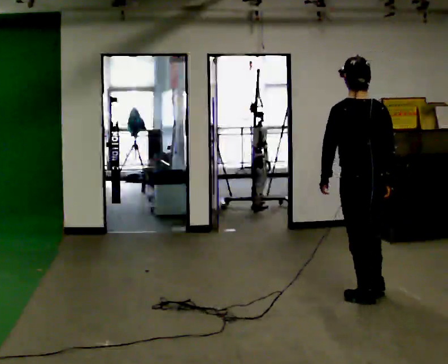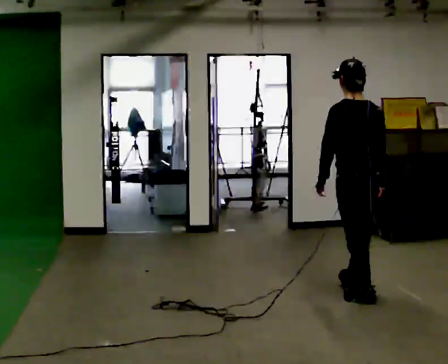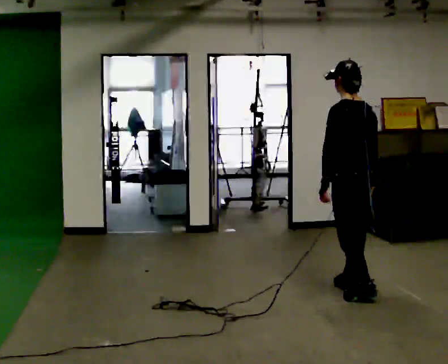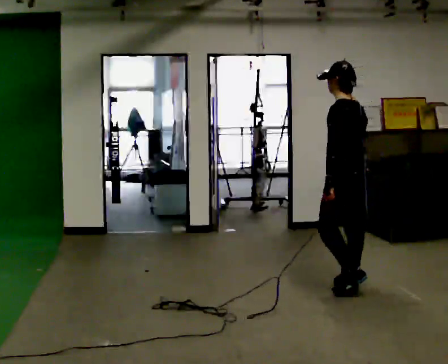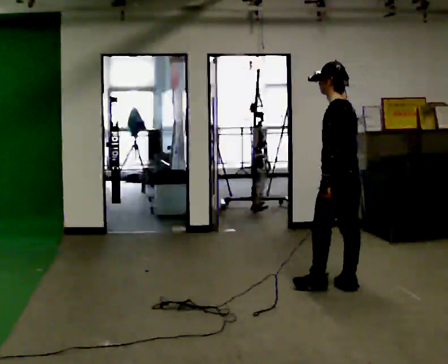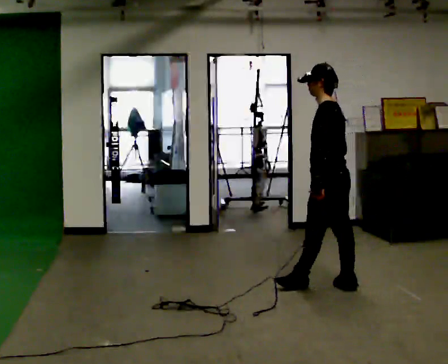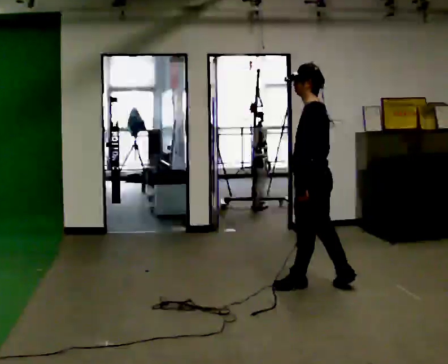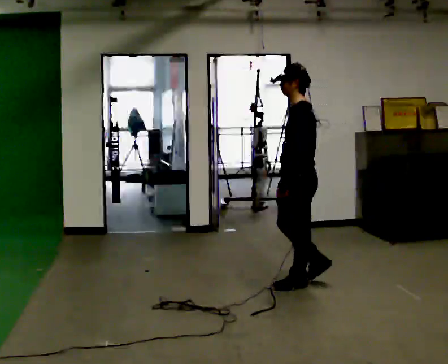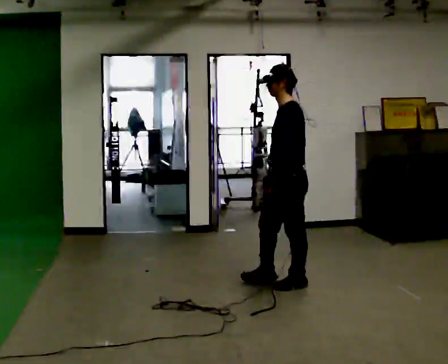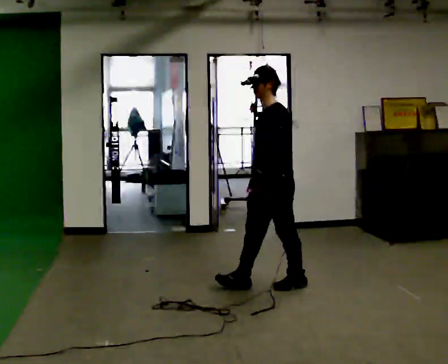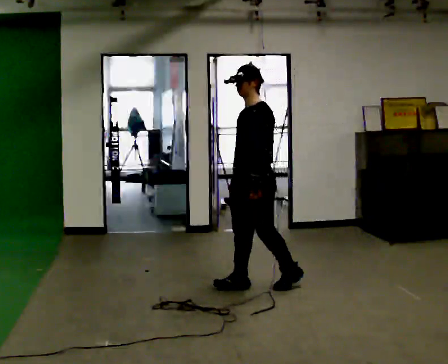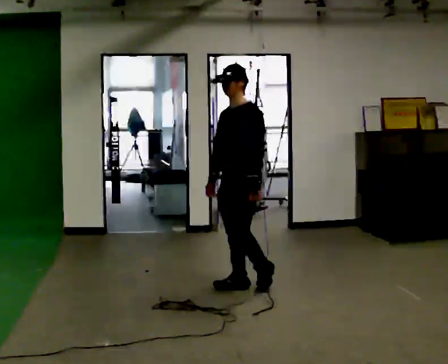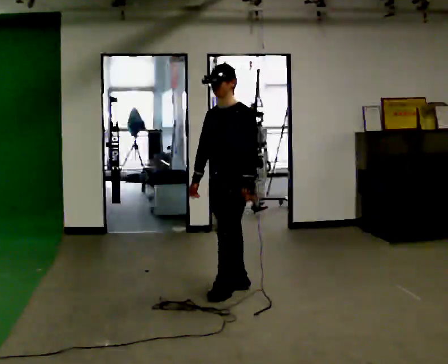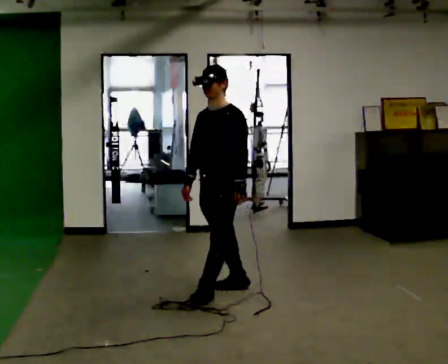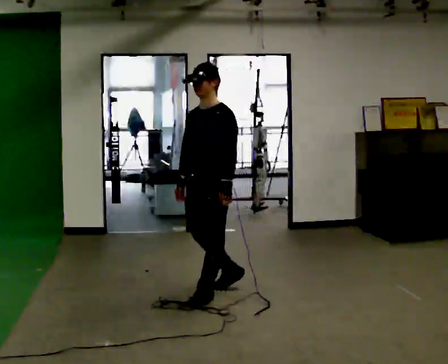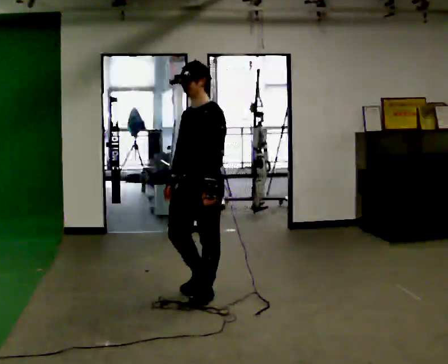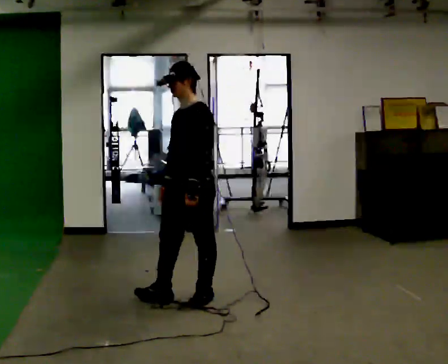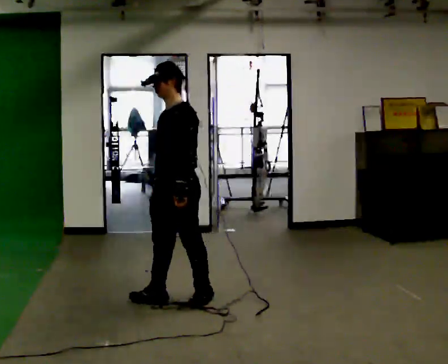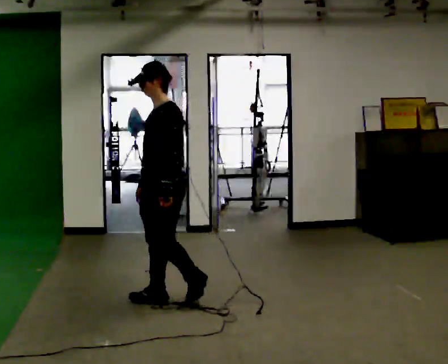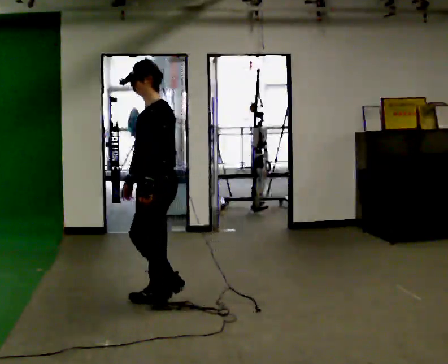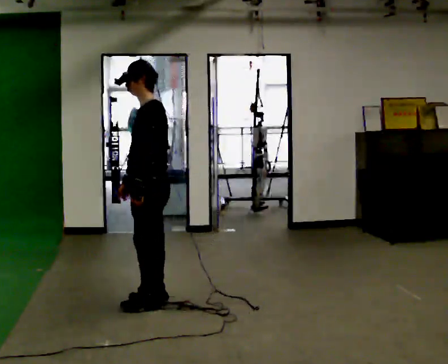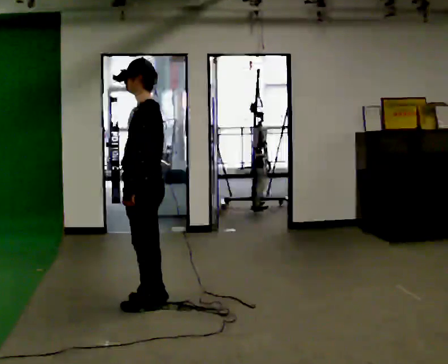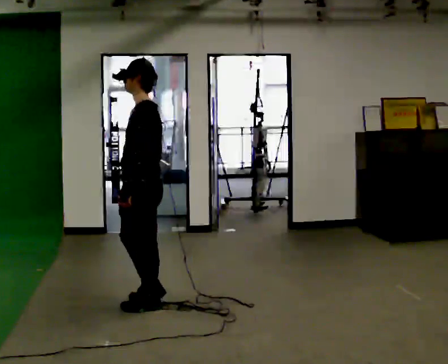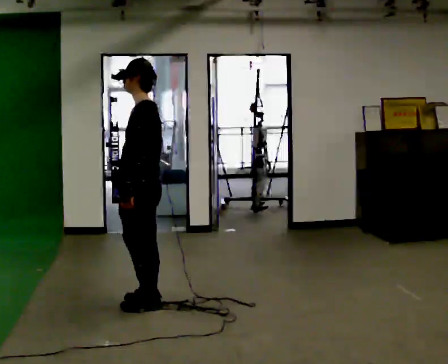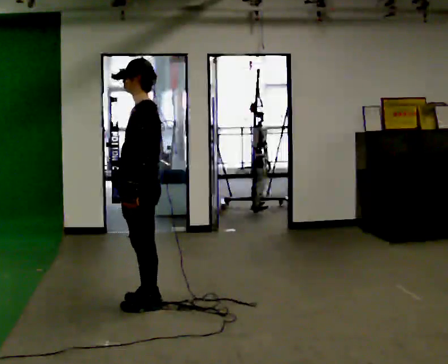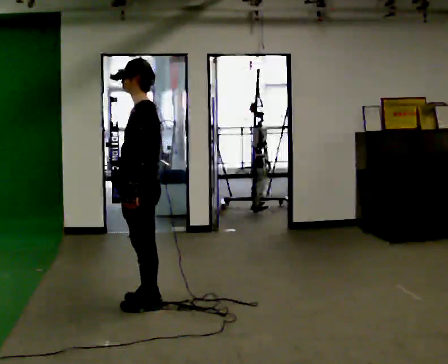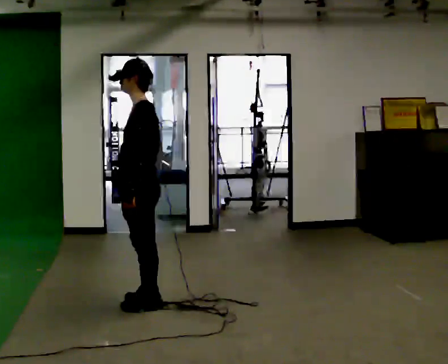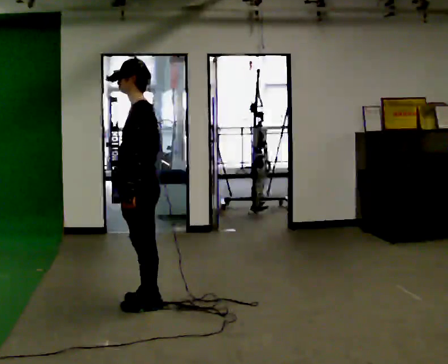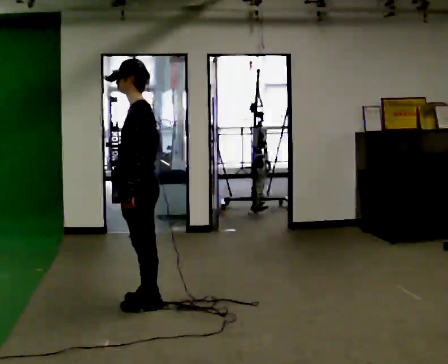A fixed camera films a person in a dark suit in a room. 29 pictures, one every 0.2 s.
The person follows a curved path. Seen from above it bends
counterclockwise.
The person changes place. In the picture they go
to the left.
0.0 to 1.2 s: The person turns about 60 degrees to their left, counterclockwise seen from above, so the part of the body nearest the lens slides to the right. In the picture they go away from the camera and to the left, about 0.5 m in 2 steps, which for them is forward and to their right.
1.2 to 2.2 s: The person turns about 60 degrees to their left, counterclockwise seen from above, so the part of the body nearest the lens slides to the right. In the picture they go to the left, about 0.5 m in 1 step, which for them is forward.
2.2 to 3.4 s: In the picture they go to the left and toward the camera, about 0.5 m in 2 steps, which for them is forward.
3.4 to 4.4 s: The person turns about 30 degrees to their right, clockwise seen from above, so the part of the body nearest the lens slides to the left. In the picture they go to the left and toward the camera, about 0.25 m in 1 step, which for them is forward.
4.4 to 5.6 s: The person moves a little, or ends about where they began.
The film runs forward here.
